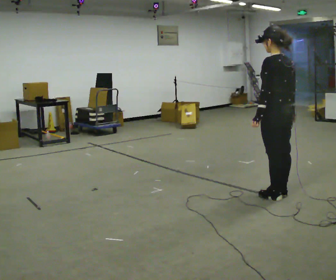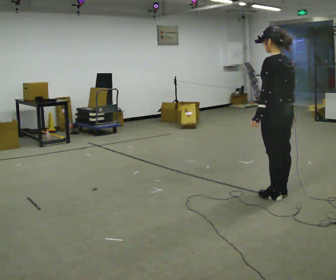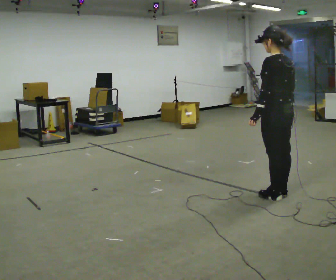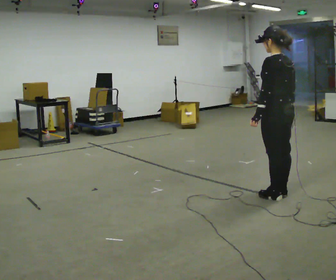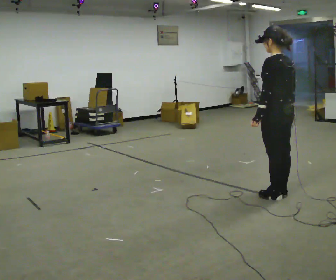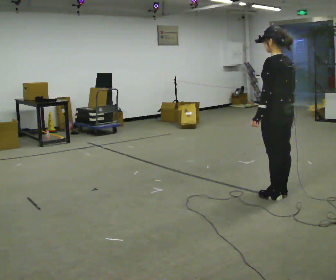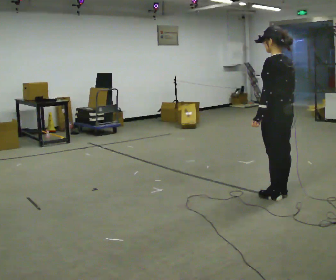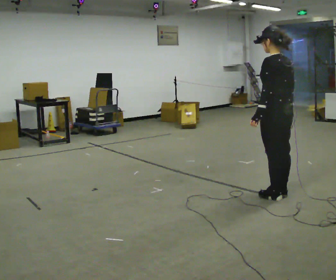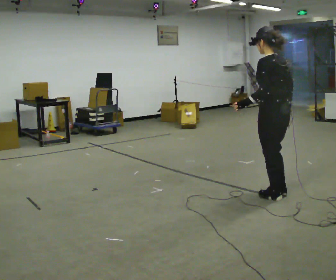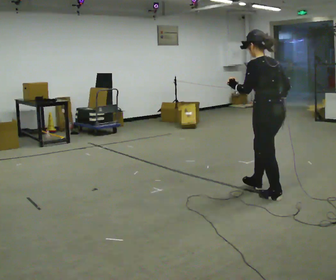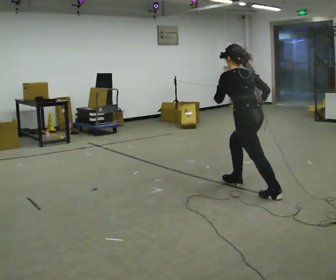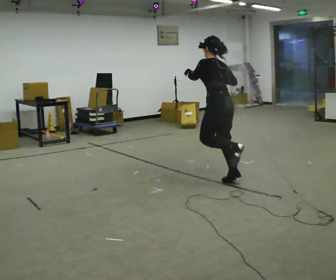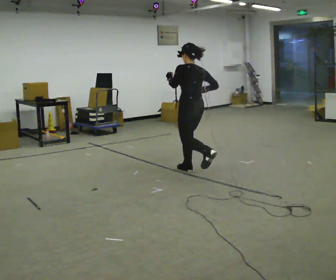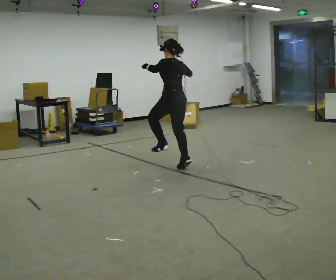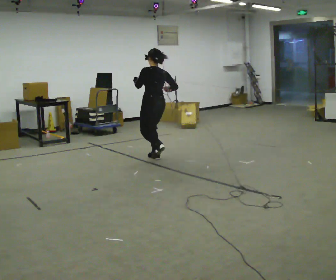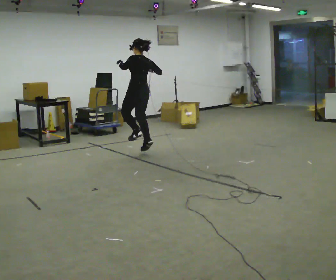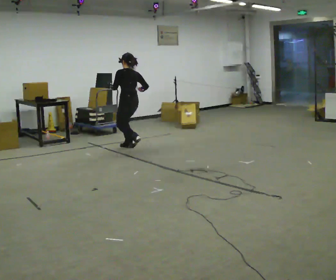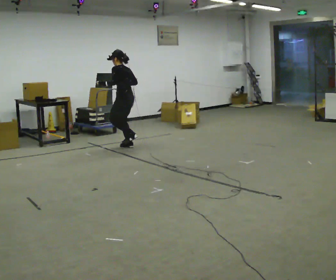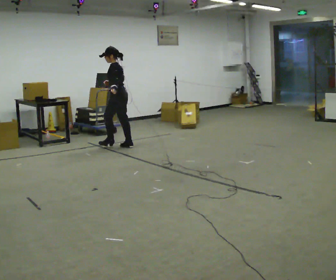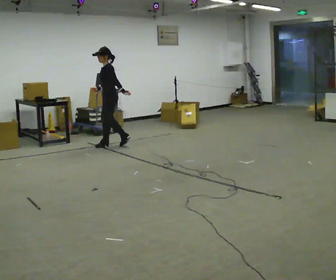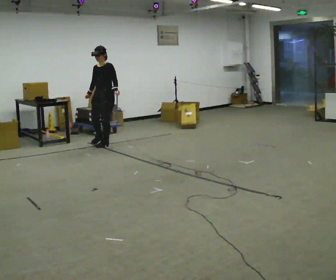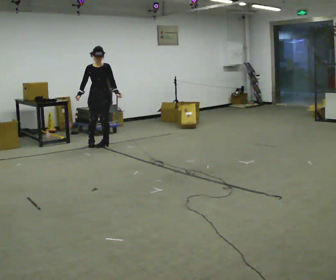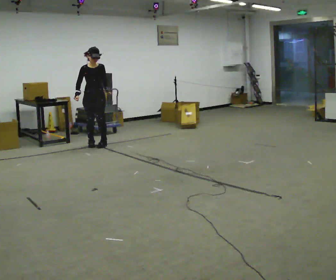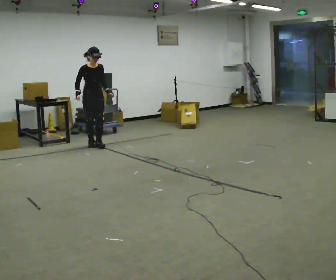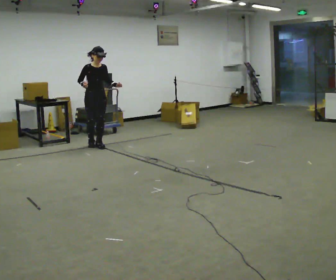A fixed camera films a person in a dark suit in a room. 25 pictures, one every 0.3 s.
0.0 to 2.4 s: The person moves a little, or ends about where they began.
2.4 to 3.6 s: In the picture they go away from the camera and to the left, about 1.5 m in 1 step, which for them is forward.
3.6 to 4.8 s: In the picture they go away from the camera and to the left, about 1.5 m in 4 steps, which for them is forward.
4.8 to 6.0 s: The person turns about 105 degrees to their left, counterclockwise seen from above, so the part of the body nearest the lens slides to the right. In the picture they go to the left and away from the camera, about 0.5 m in 1 step.
6.0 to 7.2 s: Seen from above the body turns counterclockwise, about 60 degrees: to their left, with its near side sliding to the right. In the picture they go to the left, about 0.25 m in 1 step, which for them is to their right.
The film runs forward here.
